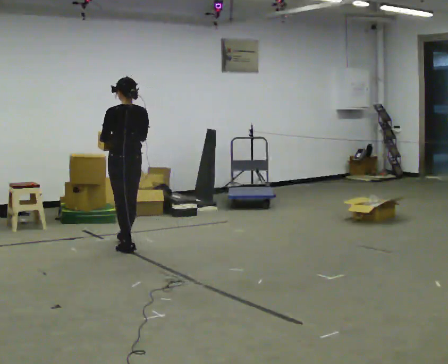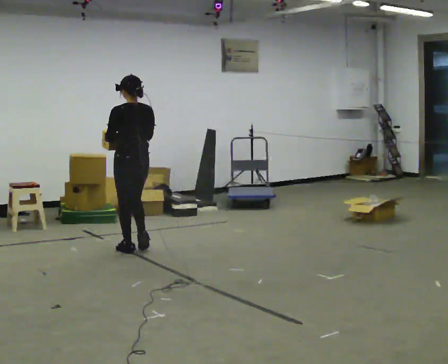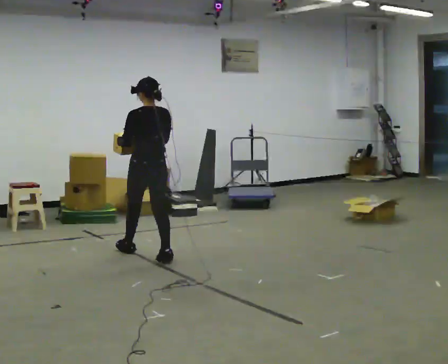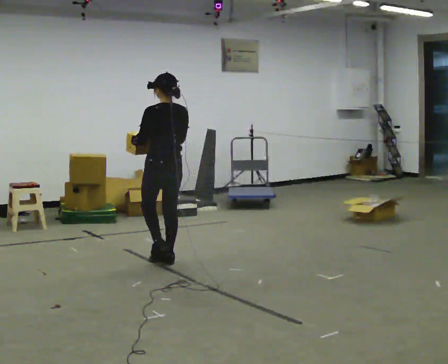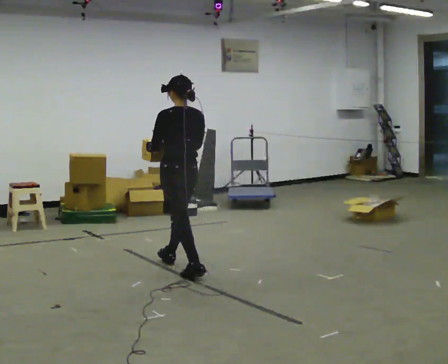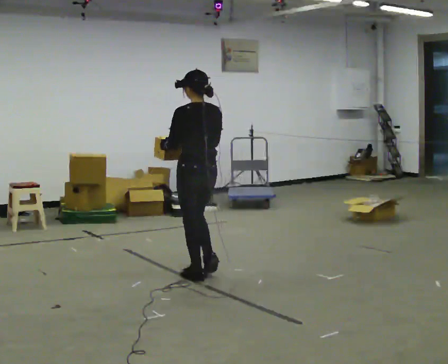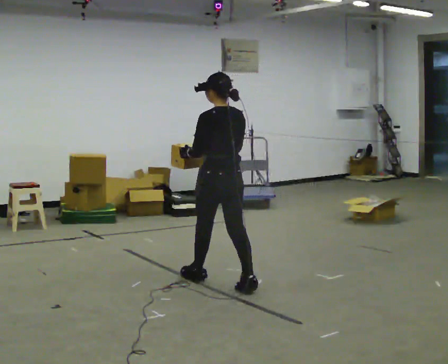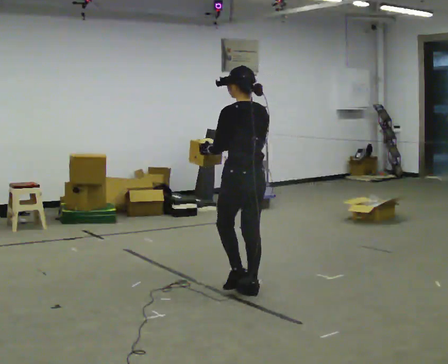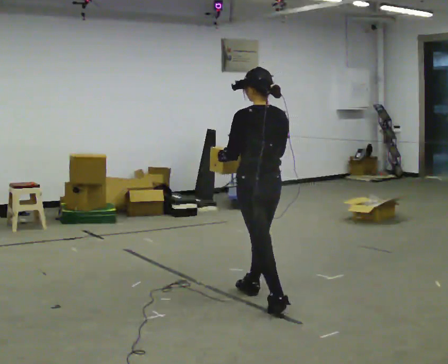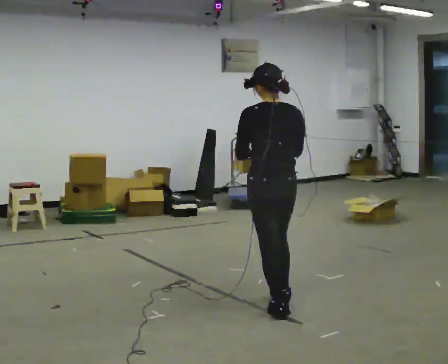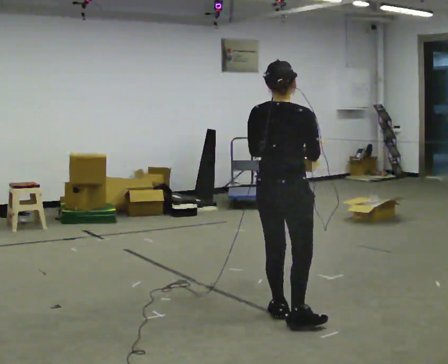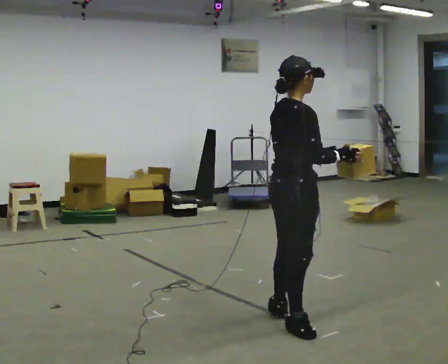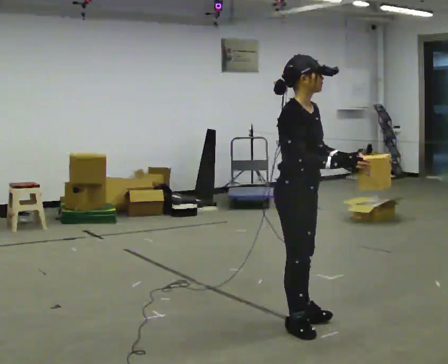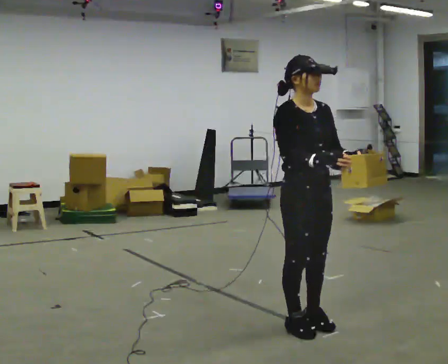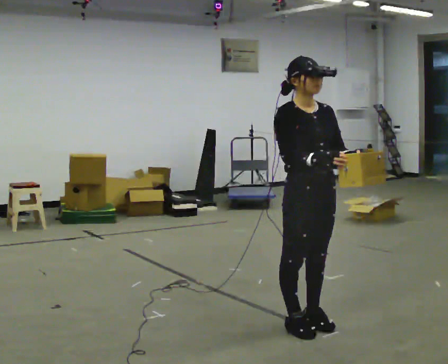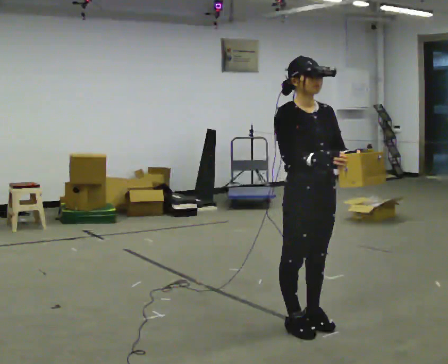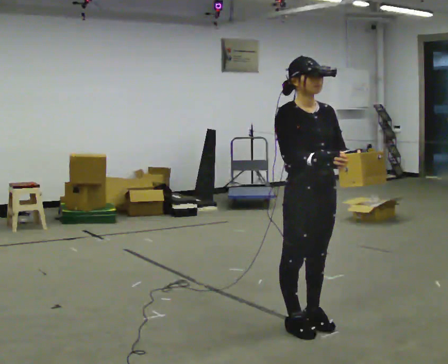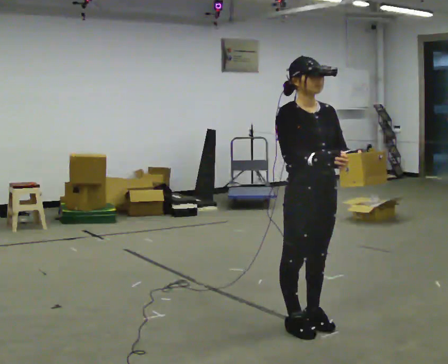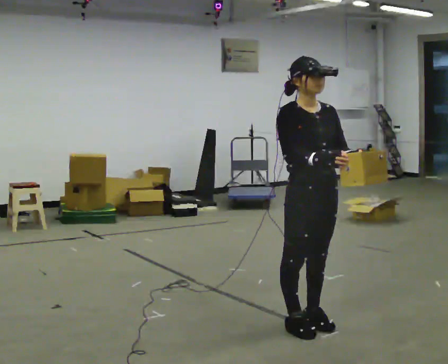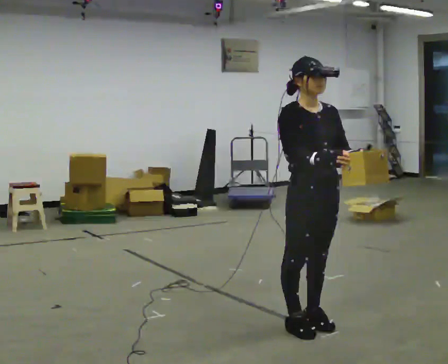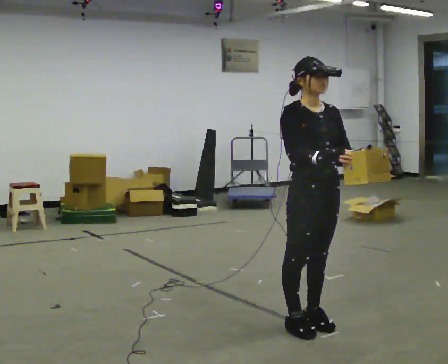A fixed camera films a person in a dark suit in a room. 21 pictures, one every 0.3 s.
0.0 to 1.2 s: In the picture they go to the right and toward the camera, about 1 m in 2 steps, which for them is backward.
1.2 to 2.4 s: In the picture they go to the right and toward the camera, about 1 m in 2 steps, which for them is backward.
2.4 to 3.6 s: The part of the body nearest the lens slides to the left as the person turns to their right by about 150 degrees. In the picture they go toward the camera and to the right, about 0.5 m in 2 steps.
3.6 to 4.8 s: Seen from above the body turns clockwise, about 30 degrees: to their right, with its near side sliding to the left.
4.8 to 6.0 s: The person moves a little, or ends about where they began.
The film runs backward here.
